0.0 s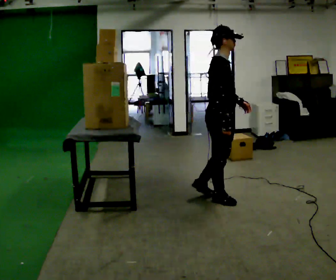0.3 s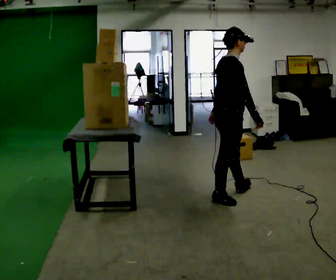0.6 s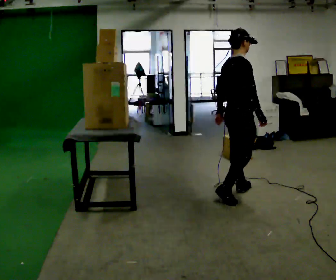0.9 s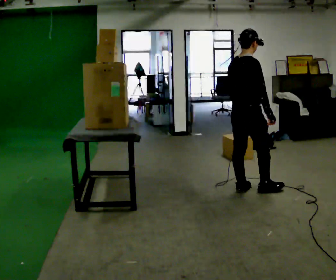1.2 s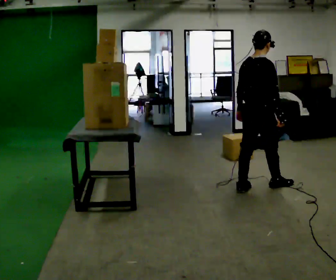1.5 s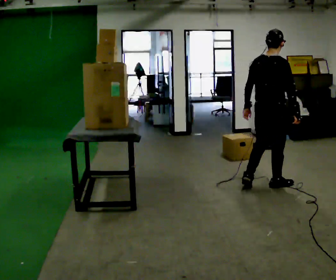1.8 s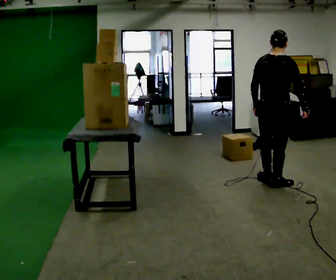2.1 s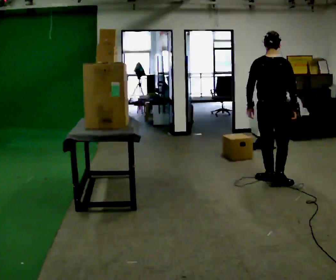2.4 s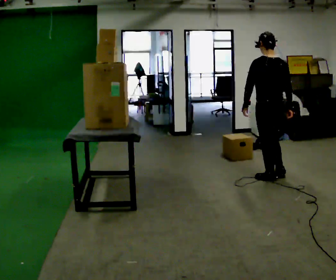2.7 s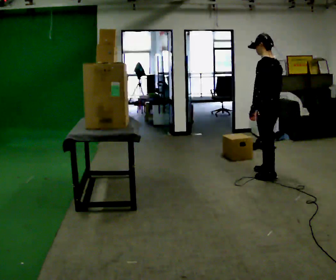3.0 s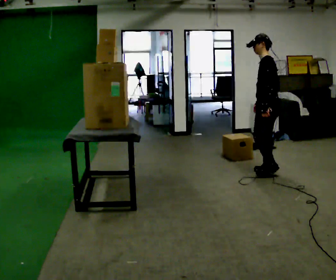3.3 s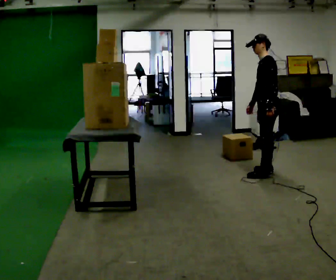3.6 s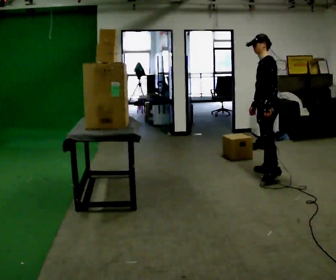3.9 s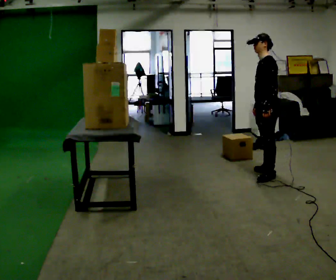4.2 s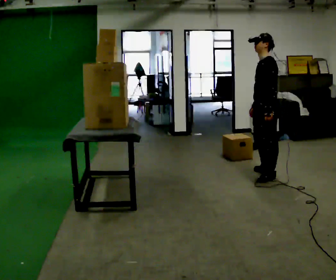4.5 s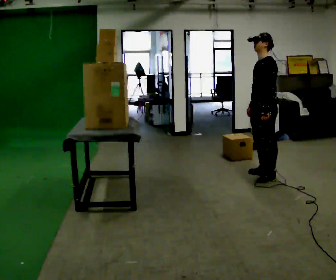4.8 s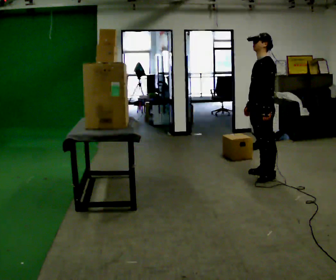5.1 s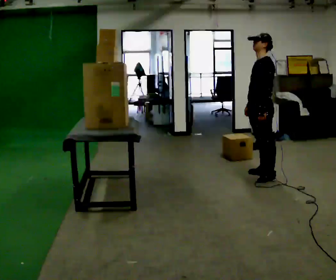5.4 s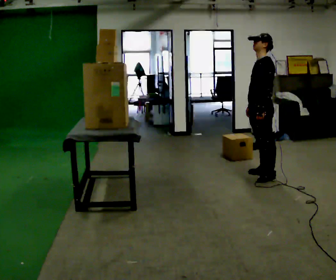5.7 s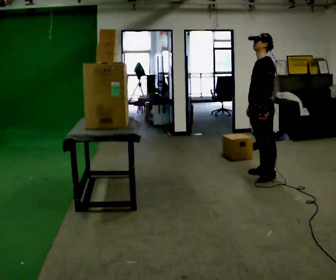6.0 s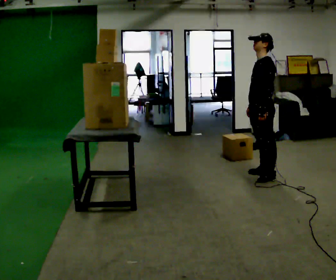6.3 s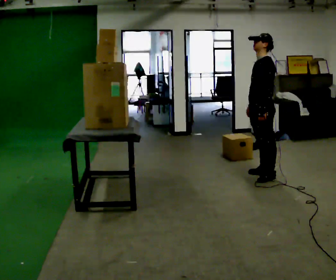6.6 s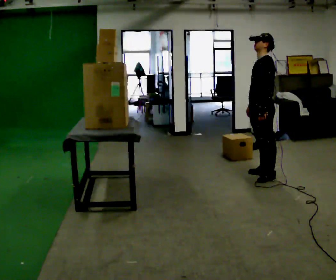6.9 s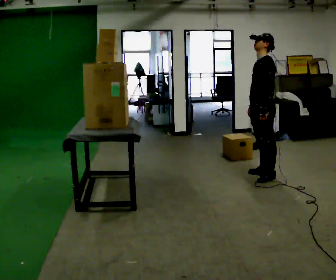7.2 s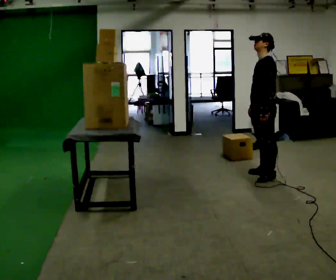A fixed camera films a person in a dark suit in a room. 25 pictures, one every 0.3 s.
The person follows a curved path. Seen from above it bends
counterclockwise.
The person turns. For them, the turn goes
to their left.
0.0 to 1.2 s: The person turns about 45 degrees to their left, counterclockwise seen from above, so the part of the body nearest the lens slides to the right. In the picture they go to the right and away from the camera, about 0.5 m in 2 steps, which for them is forward.
1.2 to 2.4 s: The person turns about 75 degrees to their left, counterclockwise seen from above, so the part of the body nearest the lens slides to the right. In the picture they go away from the camera and to the right, about 0.25 m in 1 step.
2.4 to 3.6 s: The part of the body nearest the lens slides to the right as the person turns to their left by about 60 degrees. In the picture they go away from the camera, about 0.25 m in 1 step.
3.6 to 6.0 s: The person moves a little, or ends about where they began.
6.0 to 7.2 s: The person keeps their place and pose.
The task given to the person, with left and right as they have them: Take an object from the highest shelf you can comfortably reach, carry it across, and place it on the lowest shelf. Keep going until the operator says stop; one object at a time, and do not rush between trips.
The film runs forward here.
